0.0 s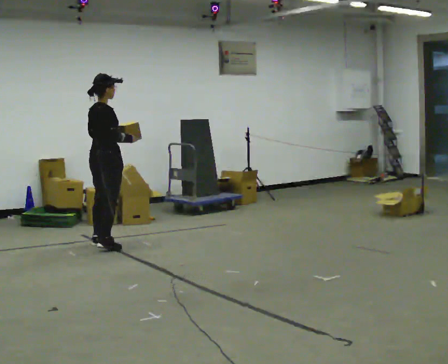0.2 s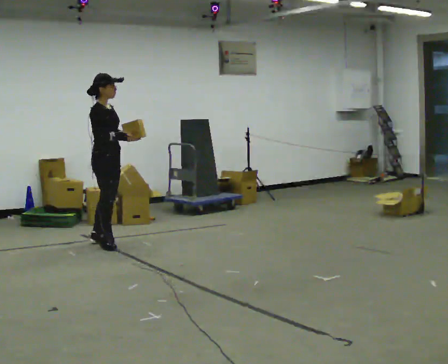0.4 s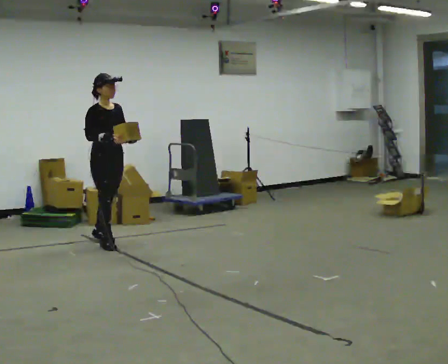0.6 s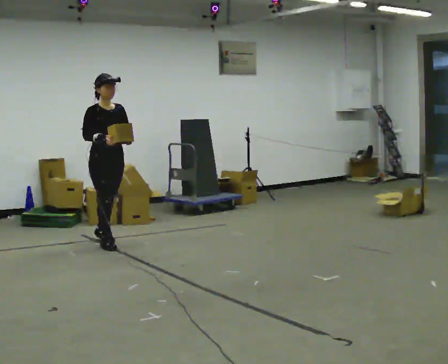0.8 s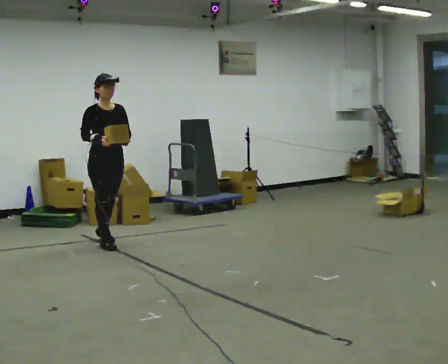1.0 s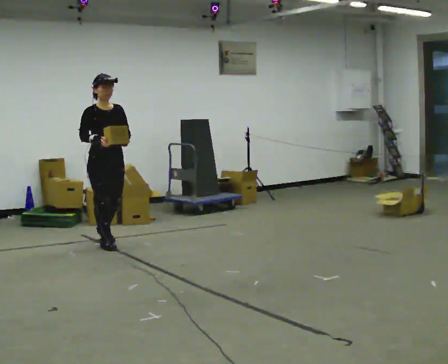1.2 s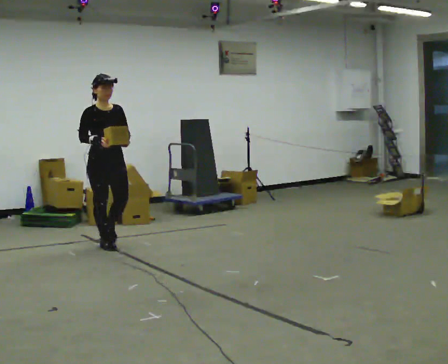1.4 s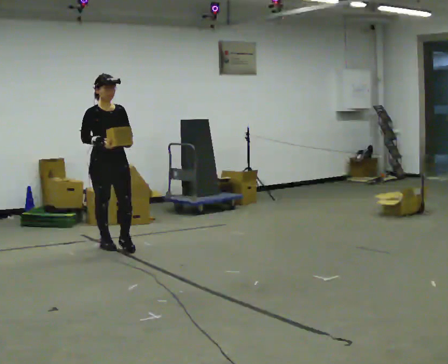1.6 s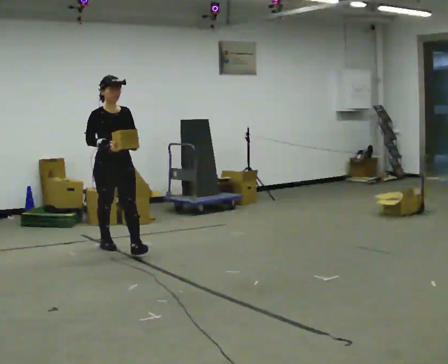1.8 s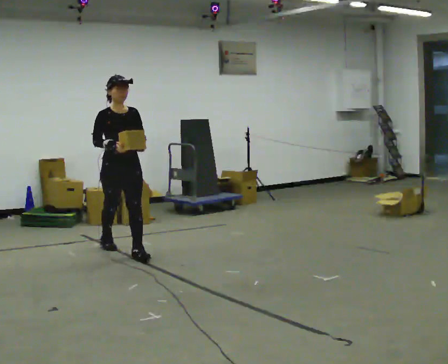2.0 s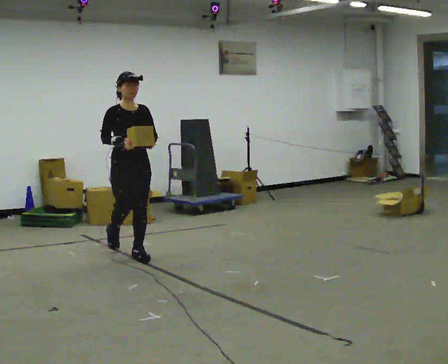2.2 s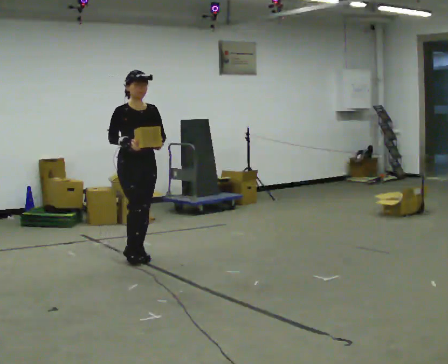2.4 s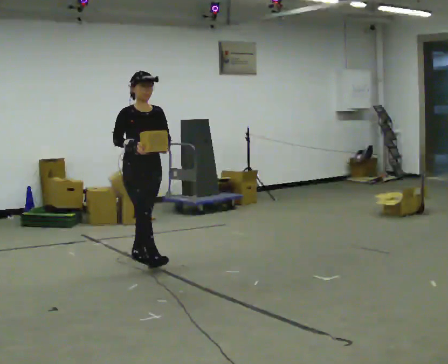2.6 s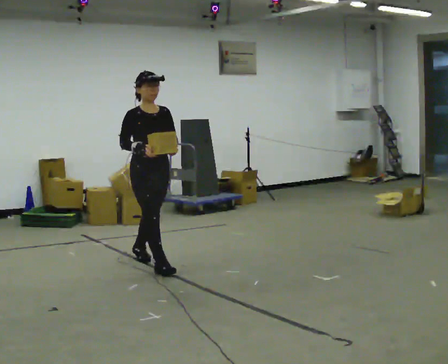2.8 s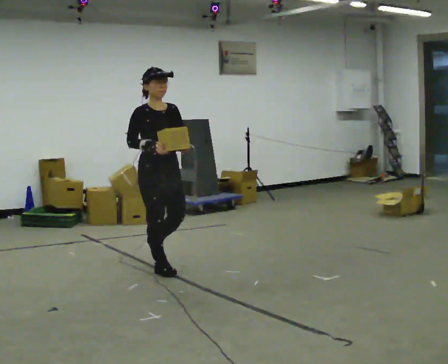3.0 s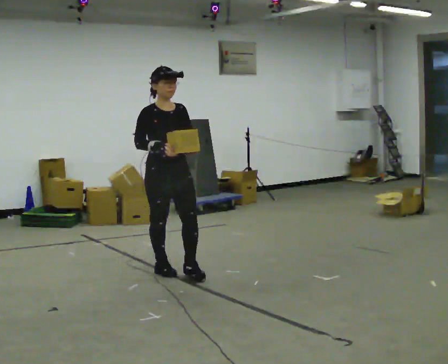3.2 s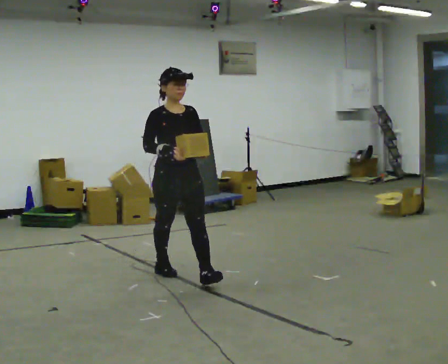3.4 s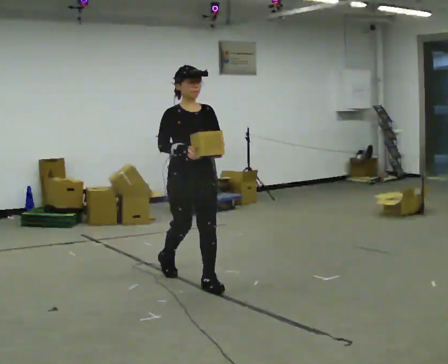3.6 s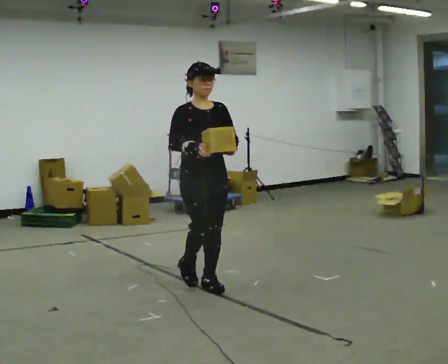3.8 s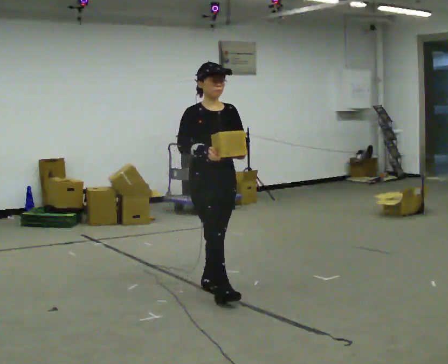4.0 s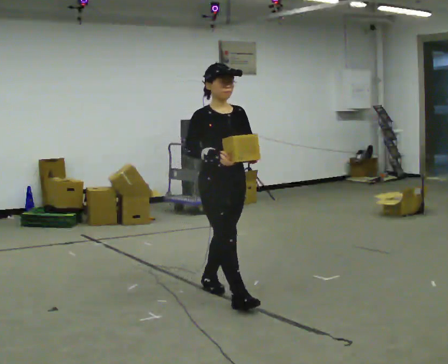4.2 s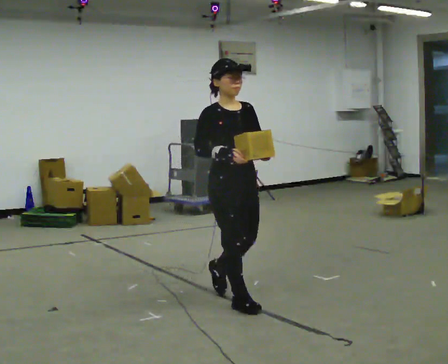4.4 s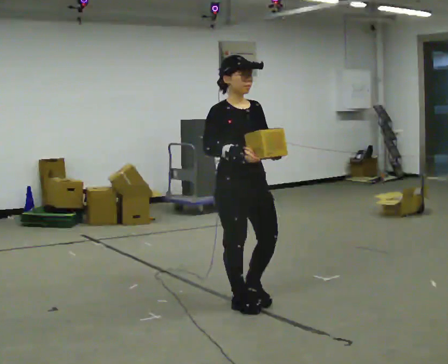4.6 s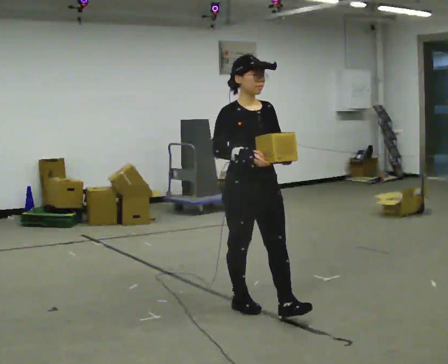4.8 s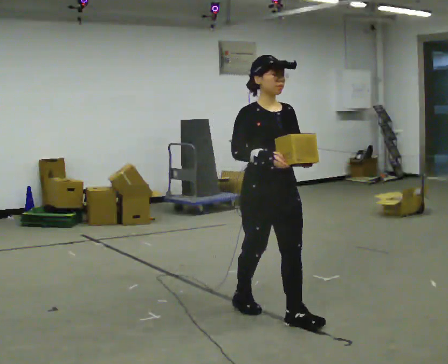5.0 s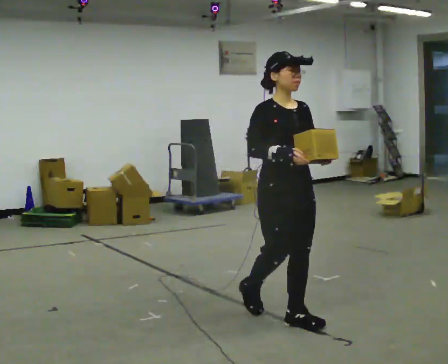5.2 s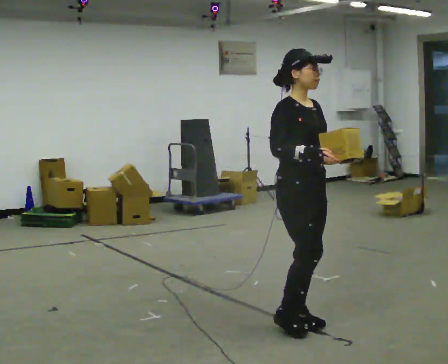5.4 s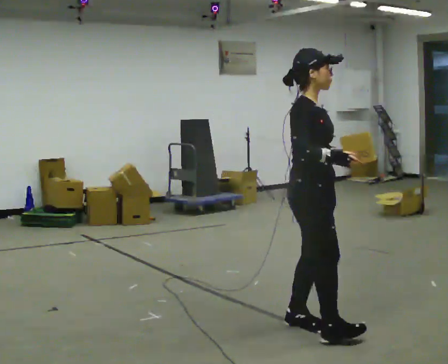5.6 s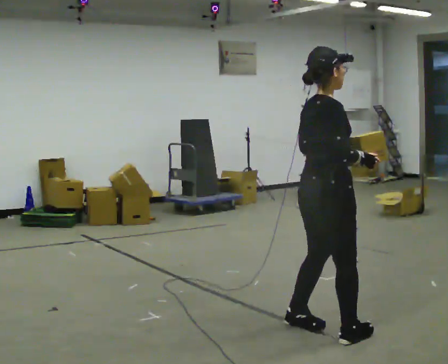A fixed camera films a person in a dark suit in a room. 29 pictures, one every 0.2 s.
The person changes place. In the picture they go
toward the camera.
0.0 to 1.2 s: The person turns about 45 degrees to their right, clockwise seen from above, so the part of the body nearest the lens slides to the left. In the picture they go toward the camera, about 0.25 m in 2 steps, which for them is forward.
1.2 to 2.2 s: In the picture they go toward the camera and to the right, about 0.5 m in 1 step, which for them is forward.
2.2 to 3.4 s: In the picture they go toward the camera and to the right, about 1 m in 2 steps, which for them is forward.
3.4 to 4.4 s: In the picture they go toward the camera and to the right, about 0.75 m in 1 step, which for them is forward.
4.4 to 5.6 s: The part of the body nearest the lens slides to the right as the person turns to their left by about 105 degrees. In the picture they go toward the camera and to the right, about 0.5 m in 2 steps.
The film runs forward here.
